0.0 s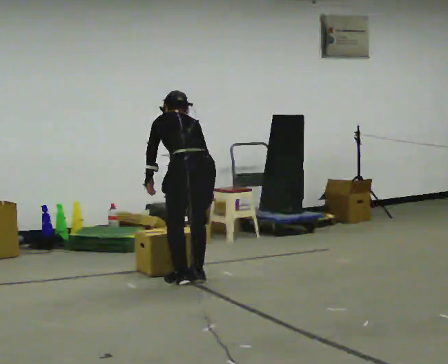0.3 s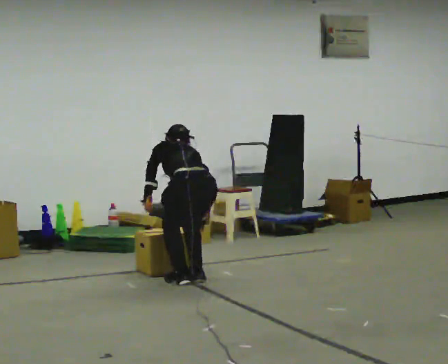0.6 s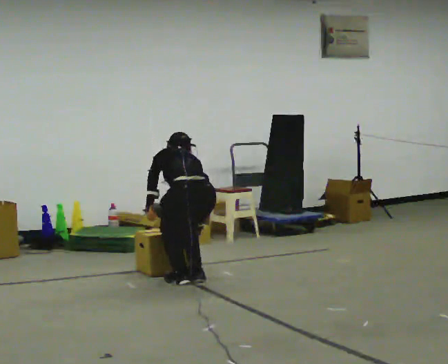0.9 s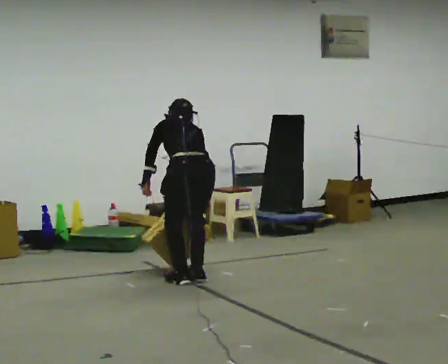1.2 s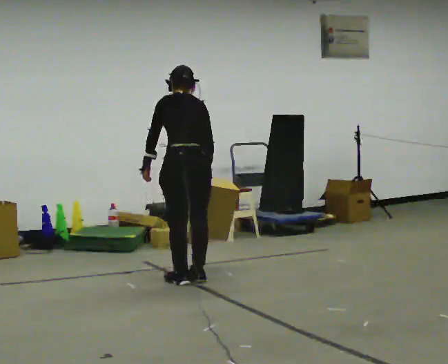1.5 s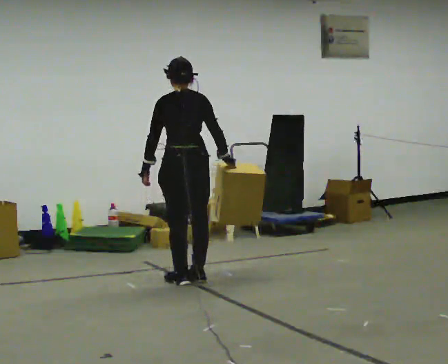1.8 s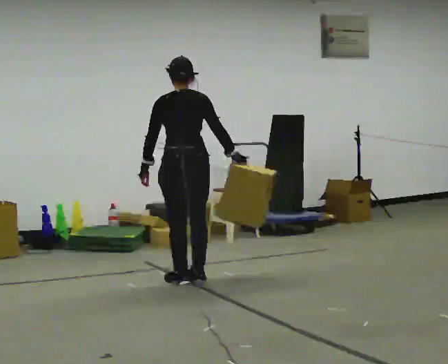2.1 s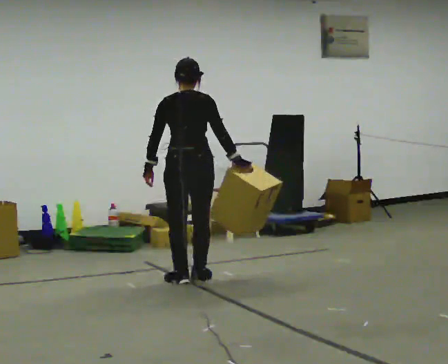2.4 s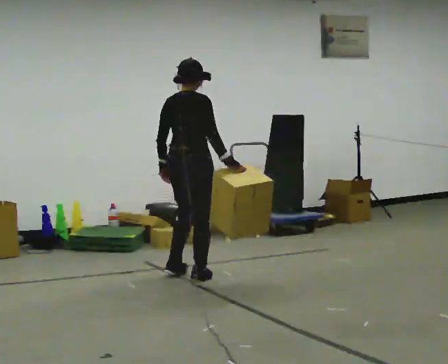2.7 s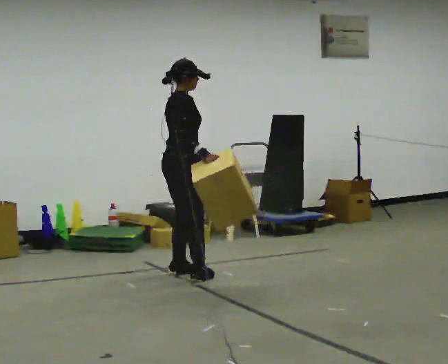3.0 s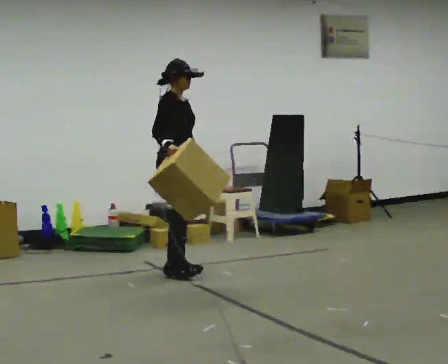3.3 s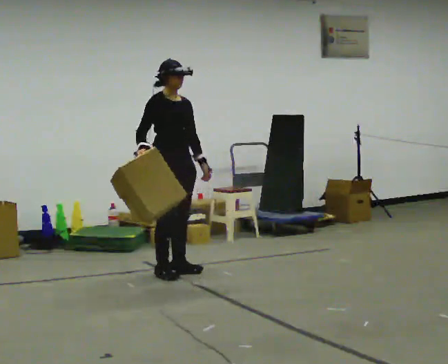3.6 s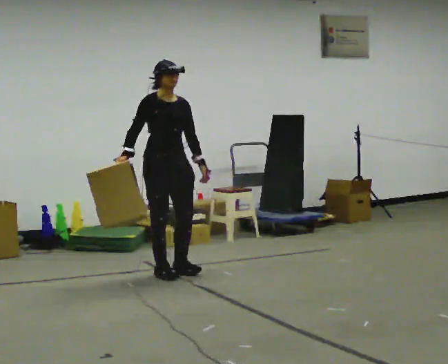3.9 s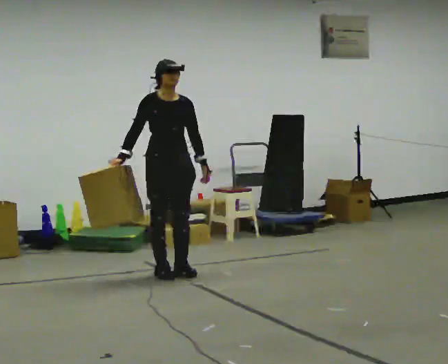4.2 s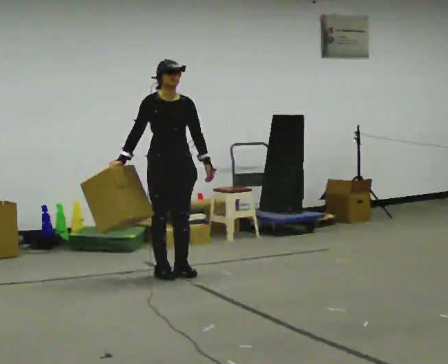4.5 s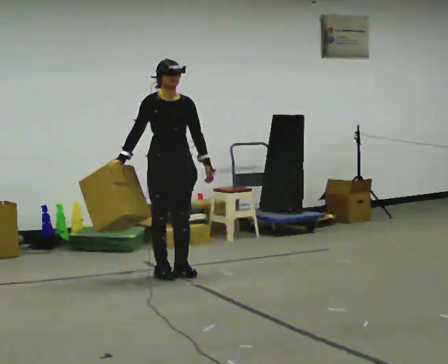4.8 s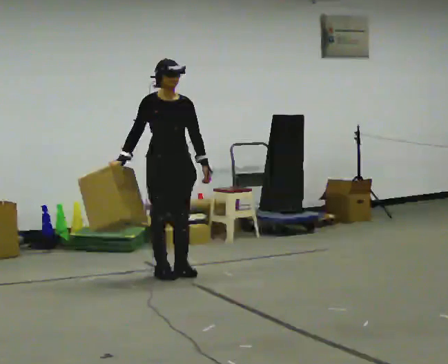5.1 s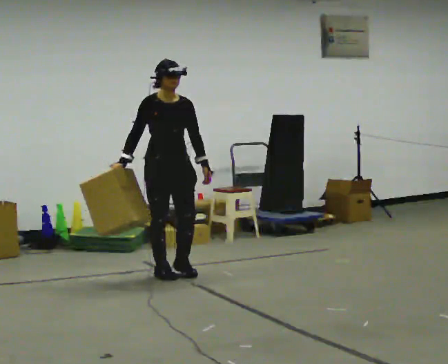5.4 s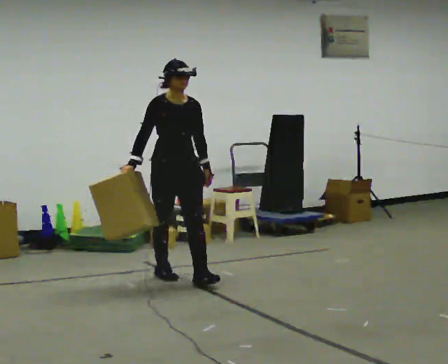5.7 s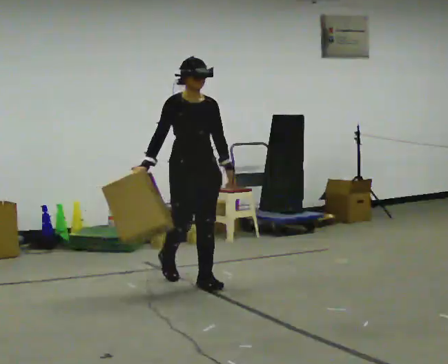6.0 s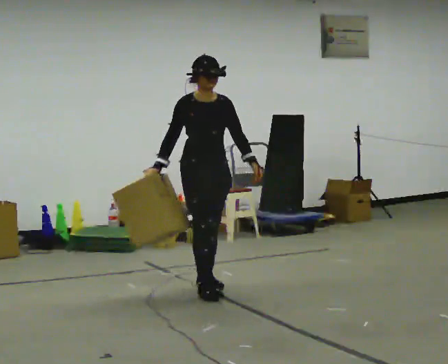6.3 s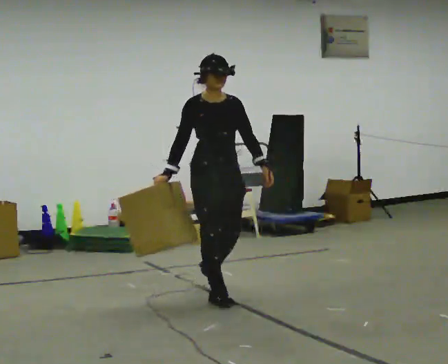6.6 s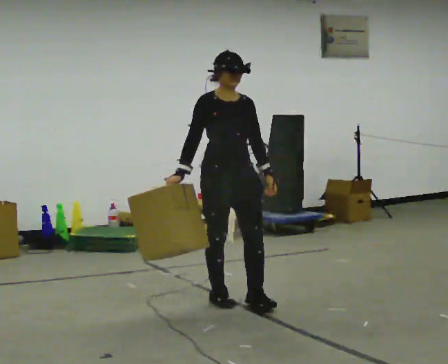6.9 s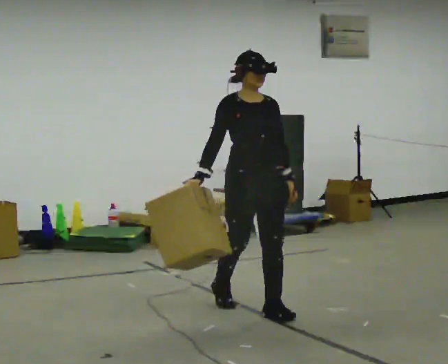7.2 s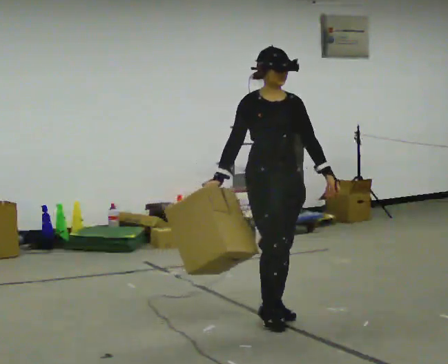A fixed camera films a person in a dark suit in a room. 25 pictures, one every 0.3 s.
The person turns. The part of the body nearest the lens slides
to the left.
The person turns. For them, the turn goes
to their right.
0.0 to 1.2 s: The person moves a little, or ends about where they began.
1.2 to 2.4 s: The part of the body nearest the lens slides to the left as the person turns to their right by about 60 degrees. The upper body tips toward the camera, its near side rolling downward, as they lean back or straighten.
2.4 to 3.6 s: Seen from above the body turns clockwise, about 120 degrees: to their right, with its near side sliding to the left. In the picture they go to the left and away from the camera, about 0.25 m in 2 steps. In the picture their right hand goes to the left, the arm swinging clockwise.
3.6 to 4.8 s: The person moves a little, or ends about where they began.
4.8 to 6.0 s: In the picture they go toward the camera and to the right, about 0.5 m in 1 step, which for them is forward.
6.0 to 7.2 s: In the picture they go toward the camera and to the right, about 1 m in 2 steps, which for them is forward.
The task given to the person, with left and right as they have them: Carry the box straight from one end of the room to the other, set it down, then bring it back. Keep going until the operator says stop; one object at a time, and do not rush between trips.
The film runs forward here.
